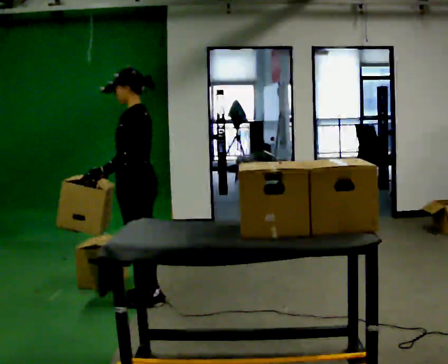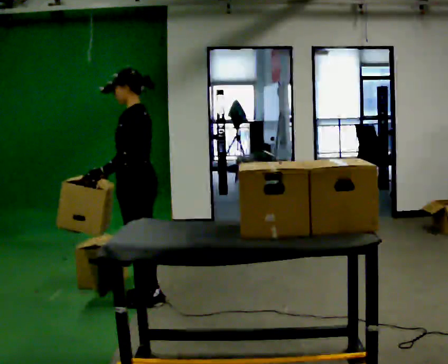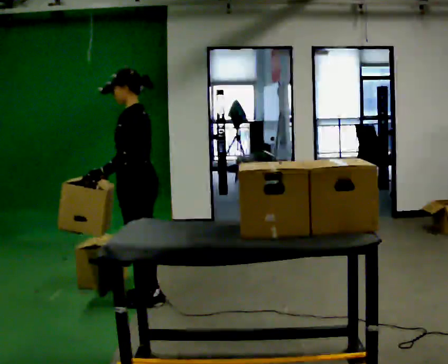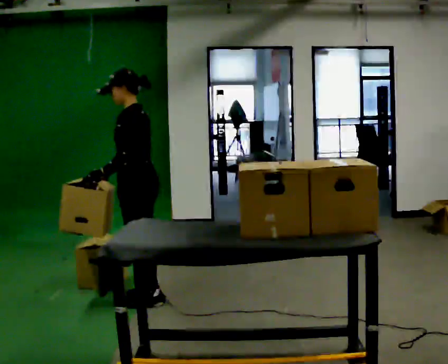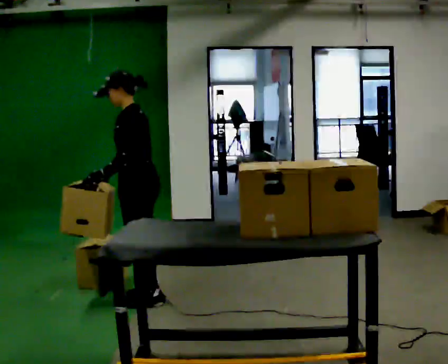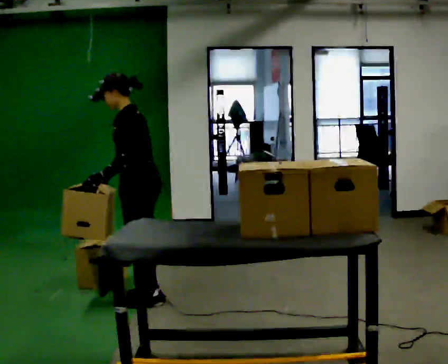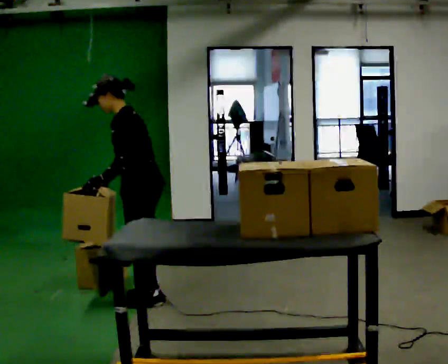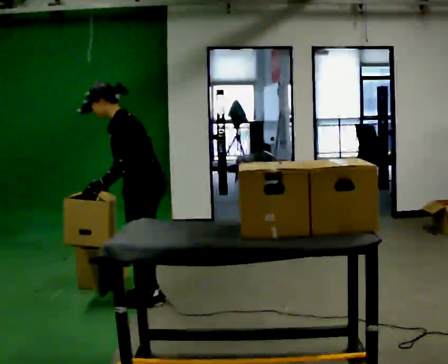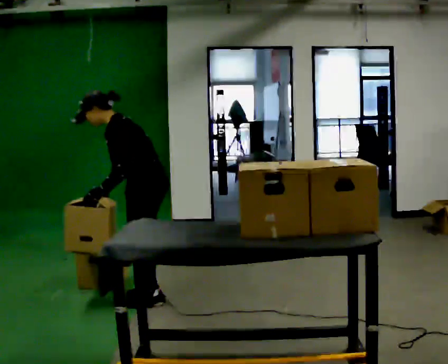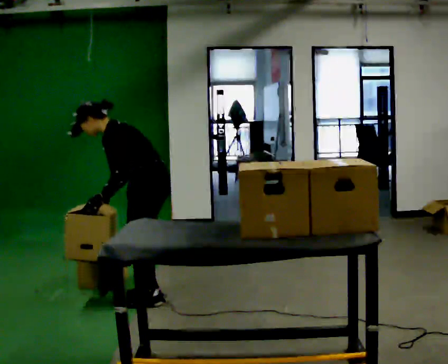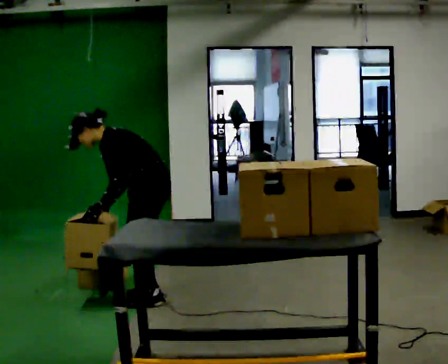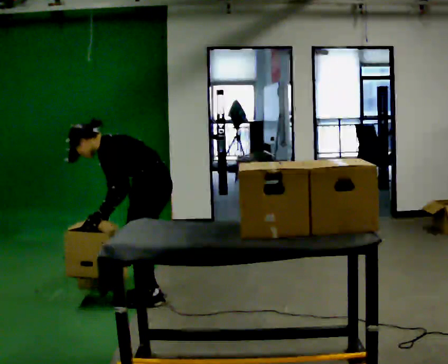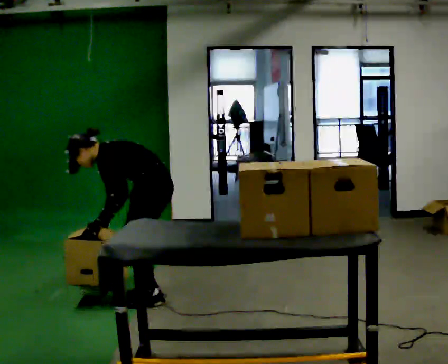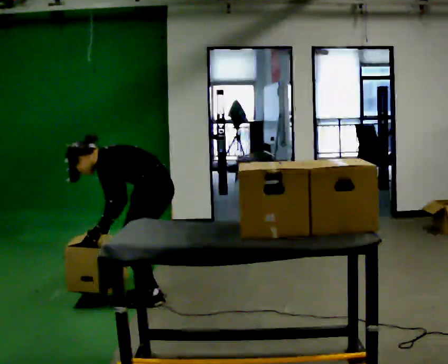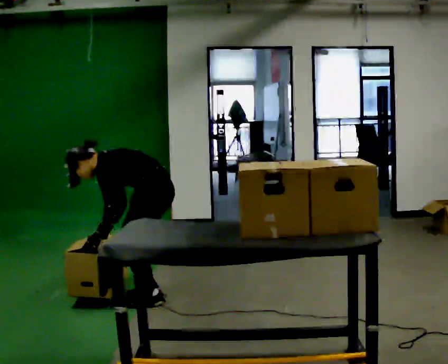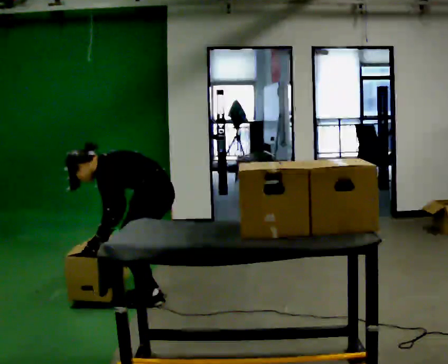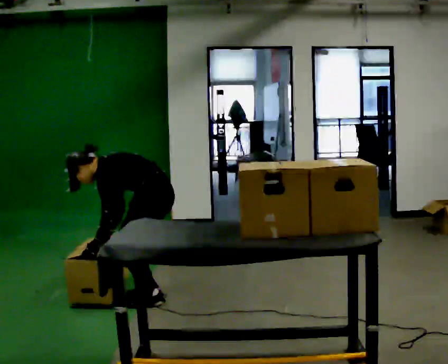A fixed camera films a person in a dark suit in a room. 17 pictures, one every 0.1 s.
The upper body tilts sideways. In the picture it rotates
counterclockwise.
Their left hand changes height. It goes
downward.
0.0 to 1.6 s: The shoulders move downward. In the picture the upper body tilts counterclockwise, shoulders to the left, as they bend forward. In the picture their right hand goes downward.
The film runs backward here.
